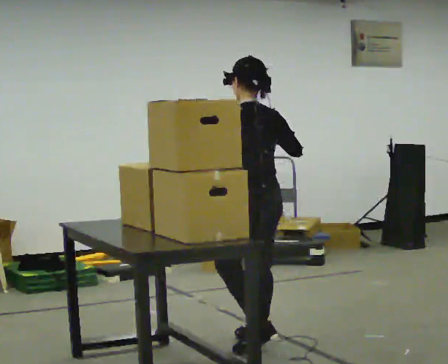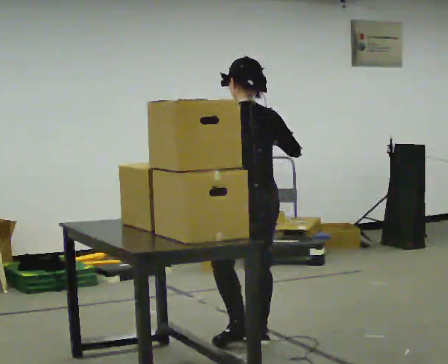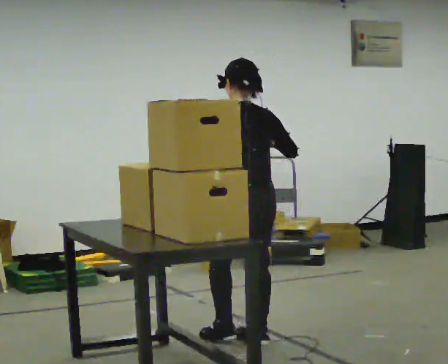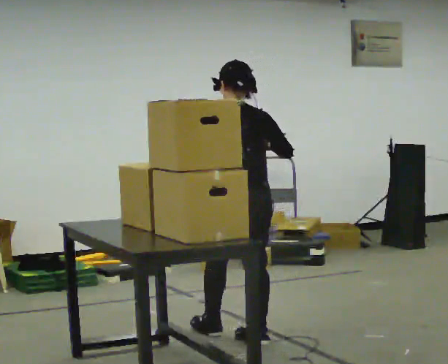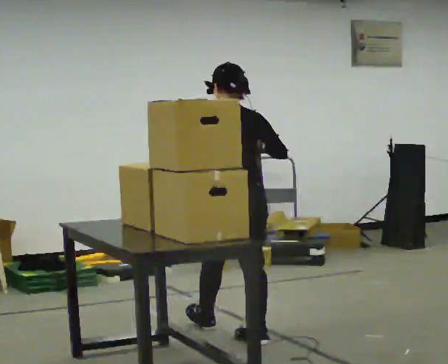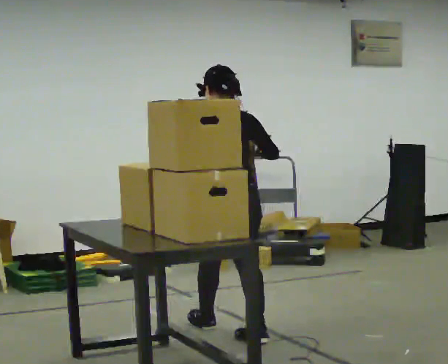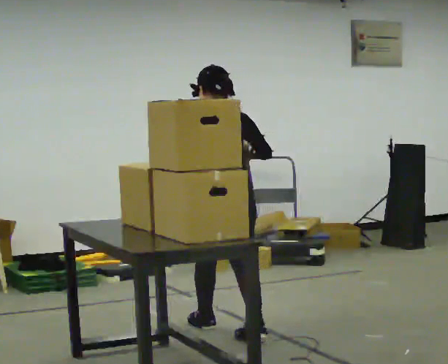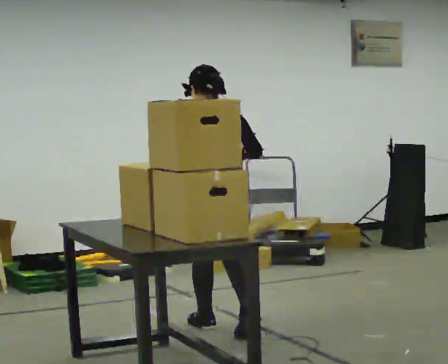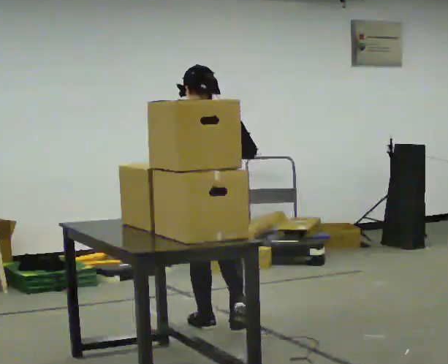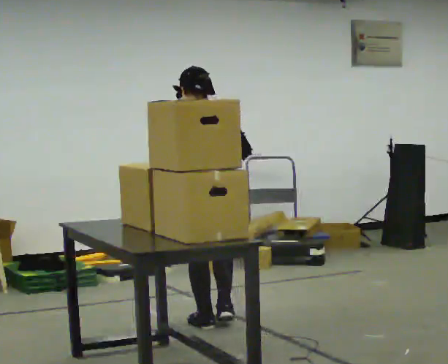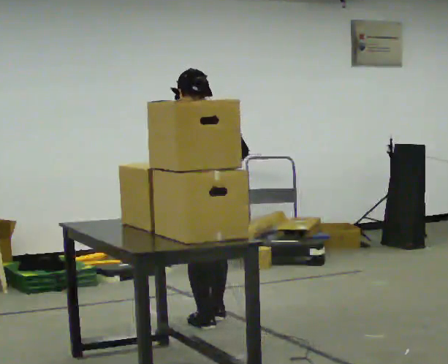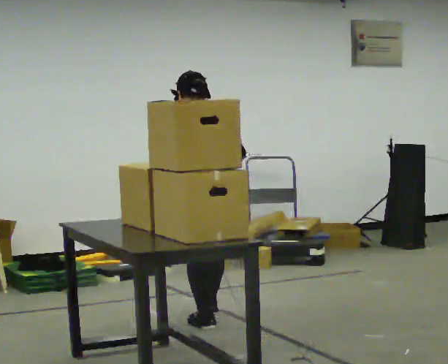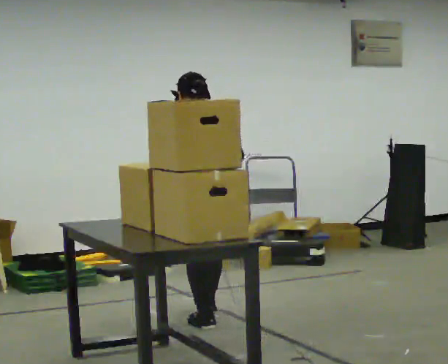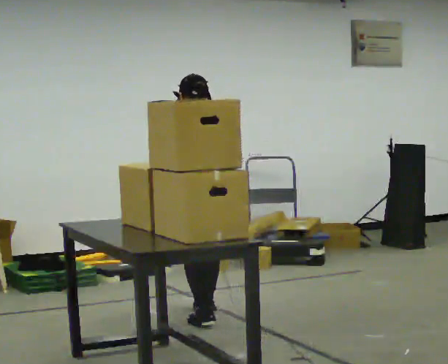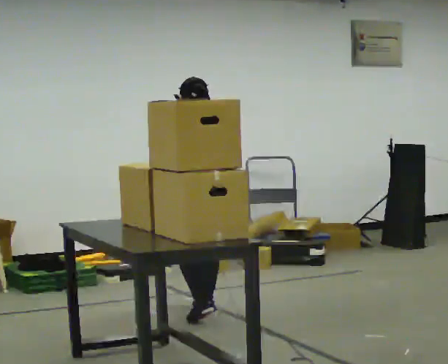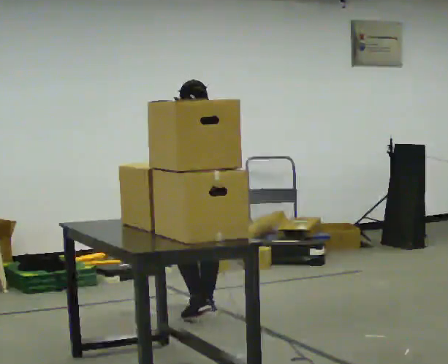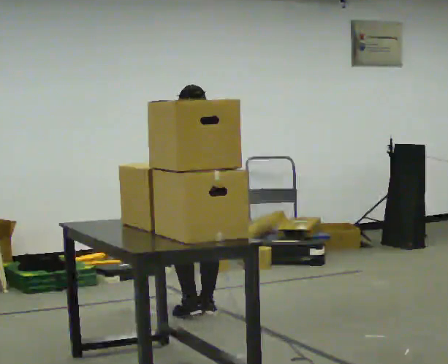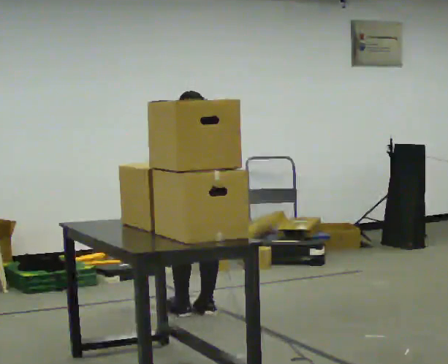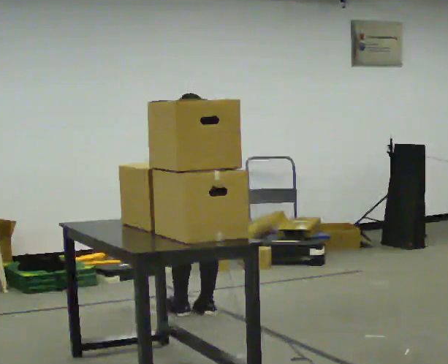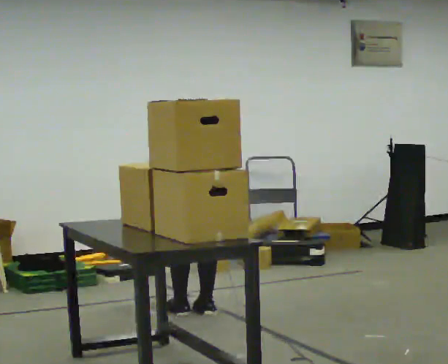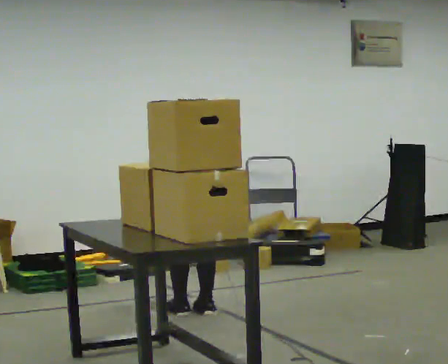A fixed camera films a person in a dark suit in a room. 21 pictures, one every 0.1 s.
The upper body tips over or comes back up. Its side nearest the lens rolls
upward.
Their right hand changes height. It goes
downward.
0.0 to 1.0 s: Seen from above the body turns clockwise, about 30 degrees: to their right, with its near side sliding to the left. In the picture they go away from the camera and to the left, about 0.5 m in 1 step, which for them is forward. The upper body tips away from the camera, its near side rolling upward, as they bend forward.
1.0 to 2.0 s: In the picture they go away from the camera, about 0.25 m in 2 steps, which for them is forward. The shoulders move downward. The upper body tips away from the camera, its near side rolling upward, as they bend forward. In the picture their right hand goes downward.
The film runs forward here.
